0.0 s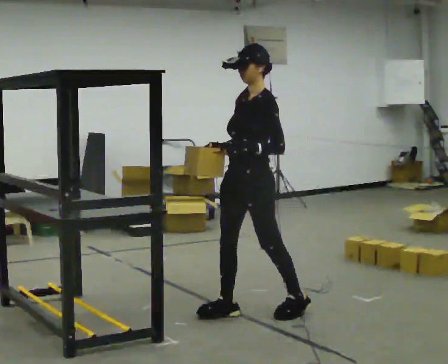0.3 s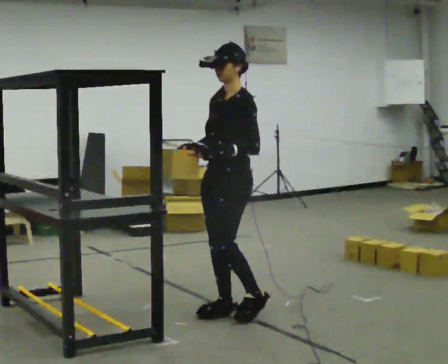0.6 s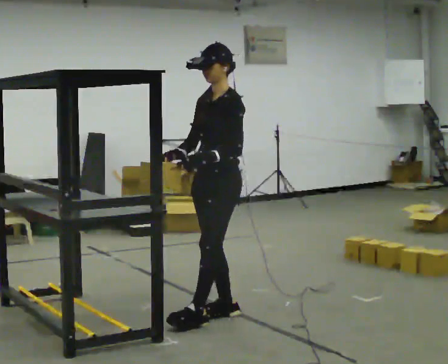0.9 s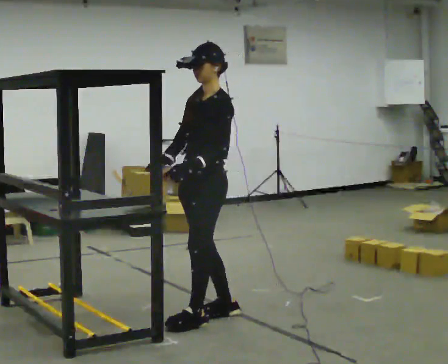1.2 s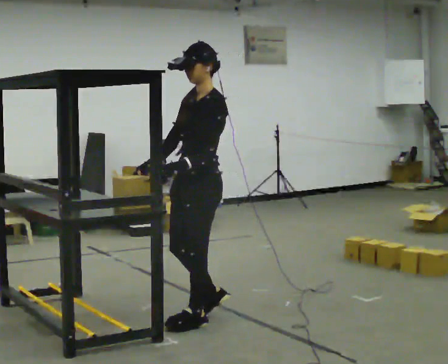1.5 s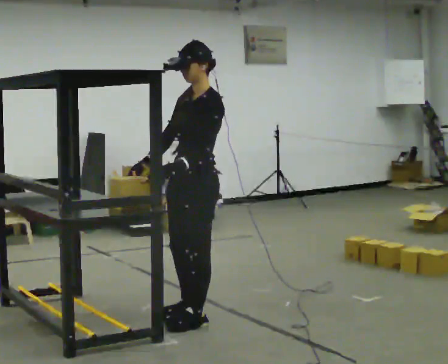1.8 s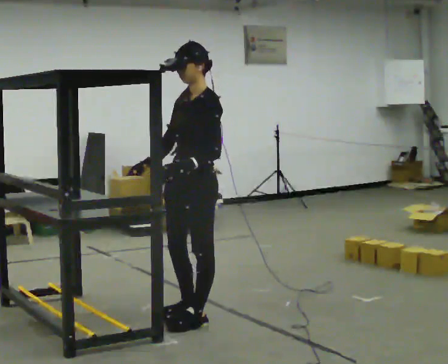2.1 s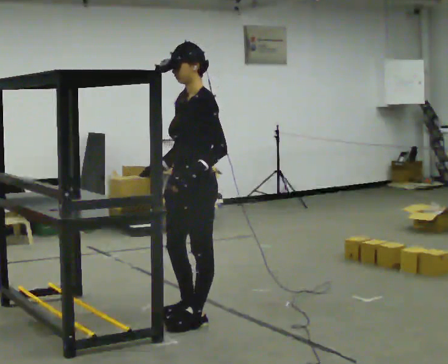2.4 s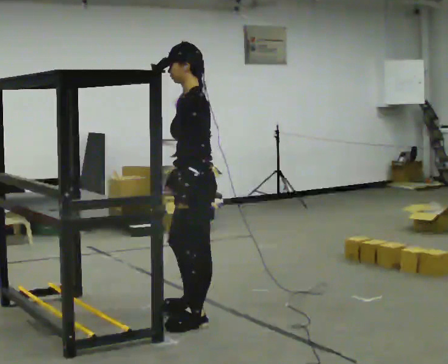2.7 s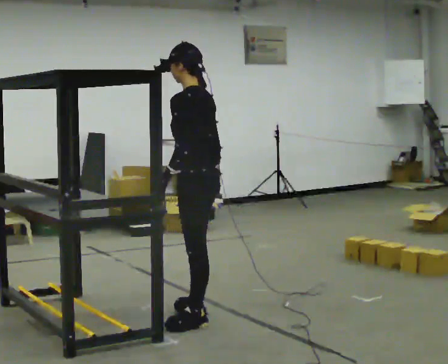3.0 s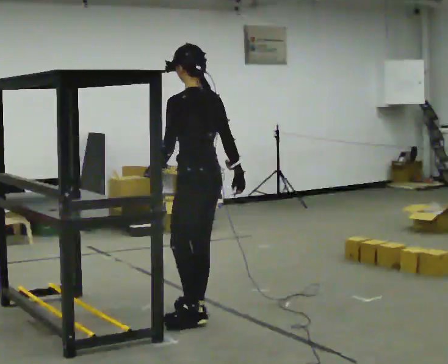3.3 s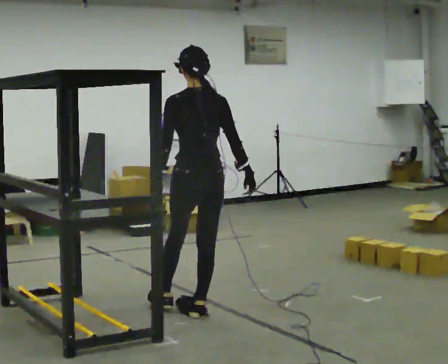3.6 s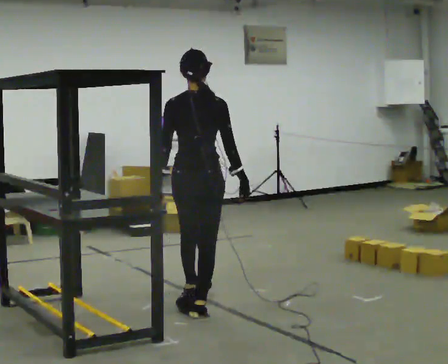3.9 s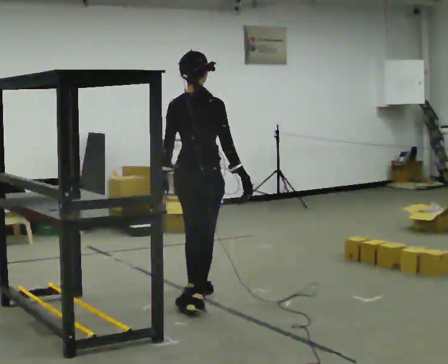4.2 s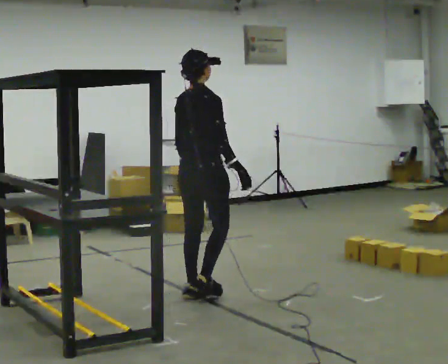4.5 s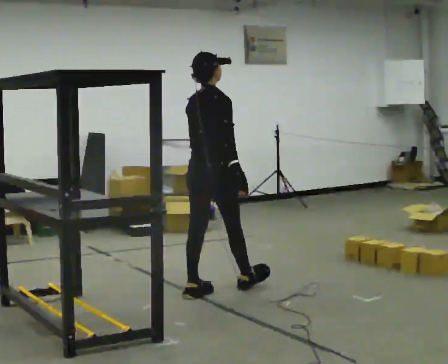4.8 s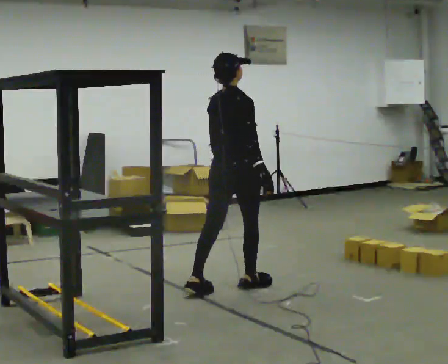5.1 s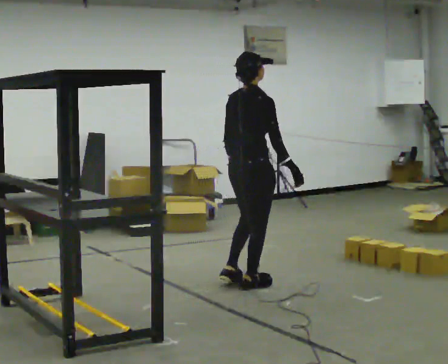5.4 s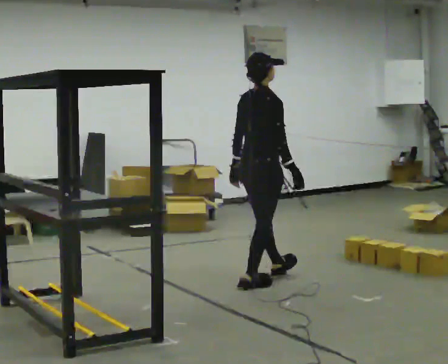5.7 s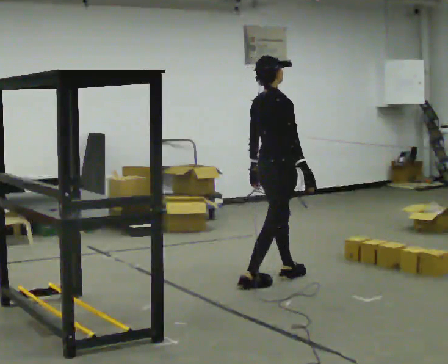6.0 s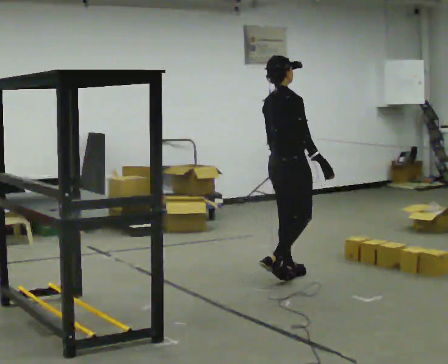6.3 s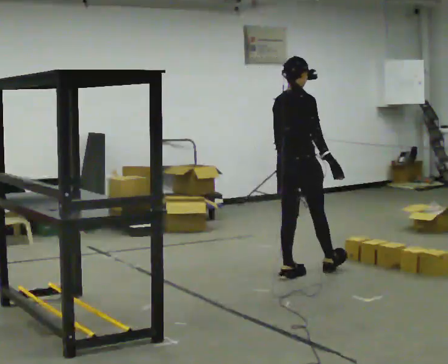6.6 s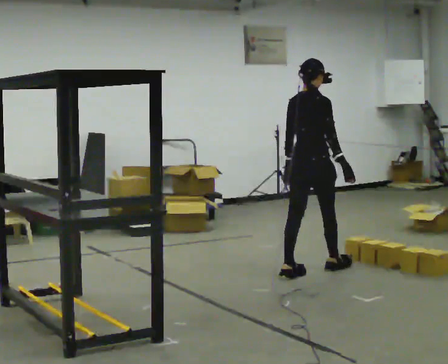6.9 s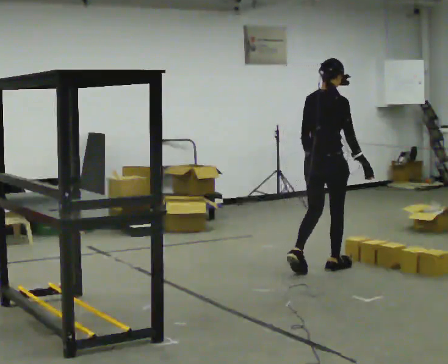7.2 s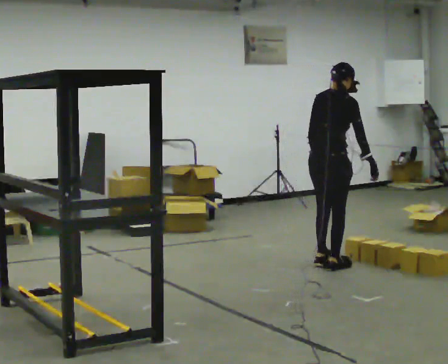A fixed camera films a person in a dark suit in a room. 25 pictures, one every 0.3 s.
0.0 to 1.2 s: In the picture they go to the left and toward the camera, about 0.25 m in 1 step, which for them is forward.
1.2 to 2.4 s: The part of the body nearest the lens slides to the left as the person turns to their right by about 30 degrees.
2.4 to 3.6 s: The person turns about 105 degrees to their right, clockwise seen from above, so the part of the body nearest the lens slides to the left. In the picture they go away from the camera, about 0.25 m in 1 step.
3.6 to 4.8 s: Seen from above the body turns clockwise, about 30 degrees: to their right, with its near side sliding to the left. In the picture they go away from the camera and to the right, about 0.5 m in 1 step, which for them is forward and to their left.
4.8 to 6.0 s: In the picture they go to the right and away from the camera, about 0.5 m in 1 step, which for them is forward.
6.0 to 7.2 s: In the picture they go to the right and away from the camera, about 0.5 m in 1 step, which for them is forward. In the picture the upper body tilts clockwise, shoulders to the right, as they bend forward.
The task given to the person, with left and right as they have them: Pick an object up off the floor at one end of the room, carry it across, and place it on the waist-height shelf at the other end. Keep going until the operator says stop; one object at a time, and do not rush between trips.
The film runs forward here.
